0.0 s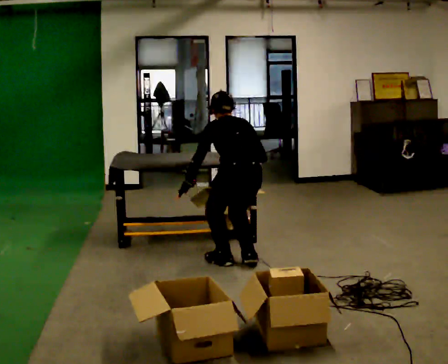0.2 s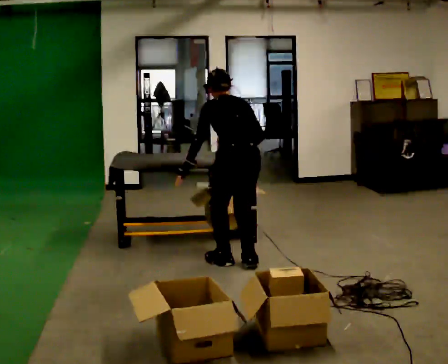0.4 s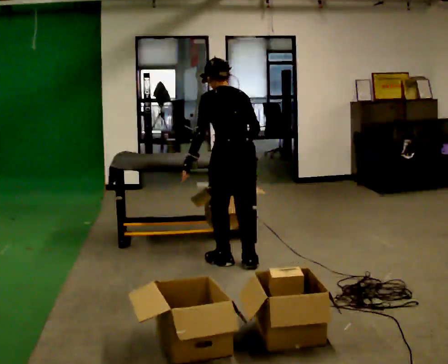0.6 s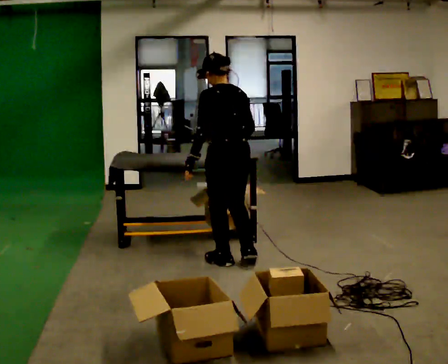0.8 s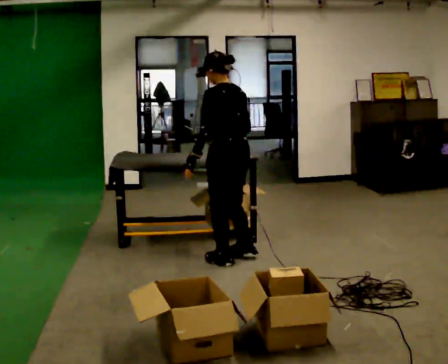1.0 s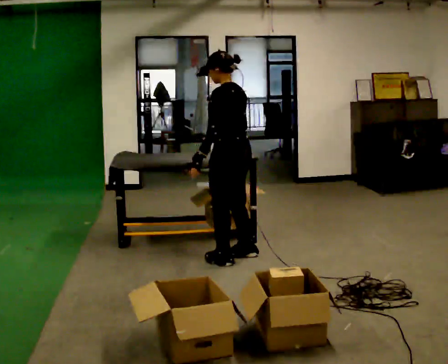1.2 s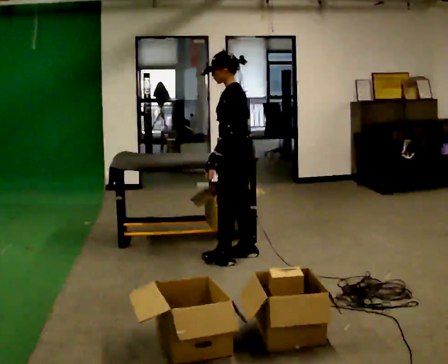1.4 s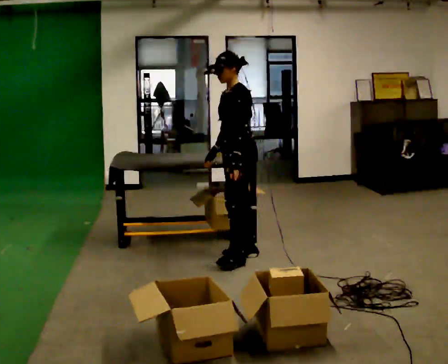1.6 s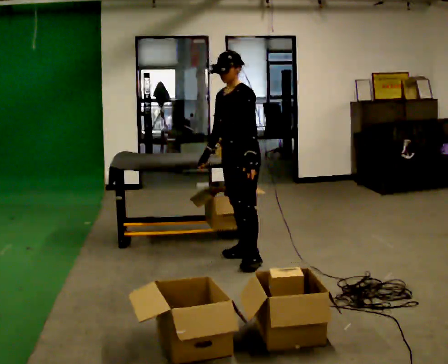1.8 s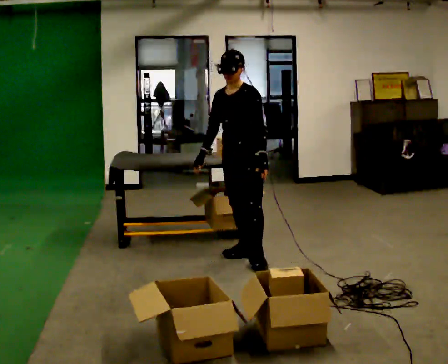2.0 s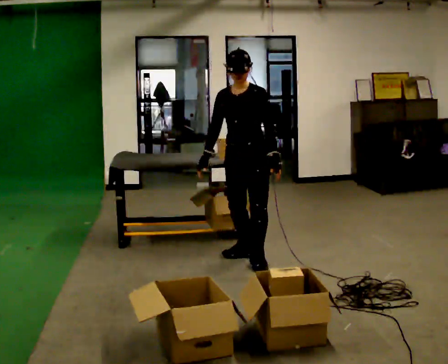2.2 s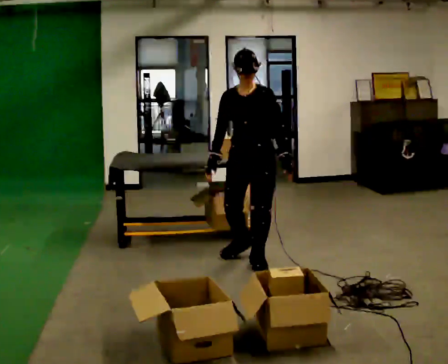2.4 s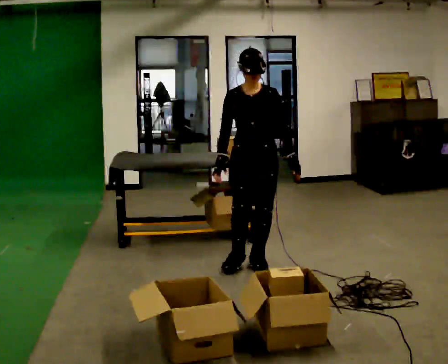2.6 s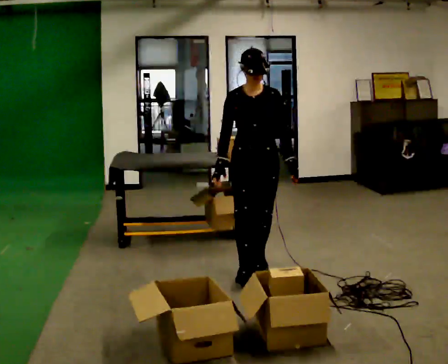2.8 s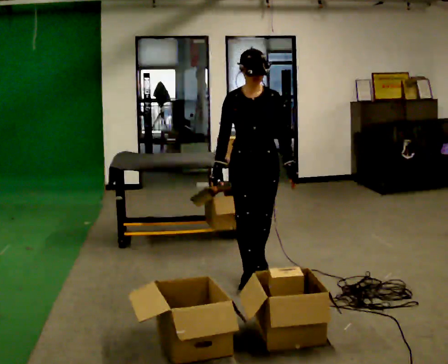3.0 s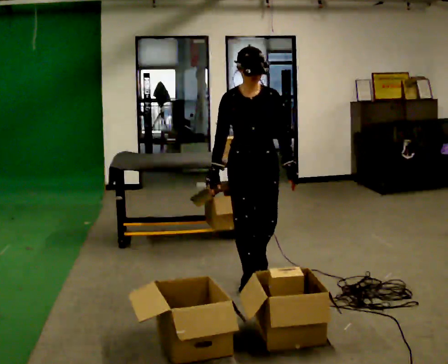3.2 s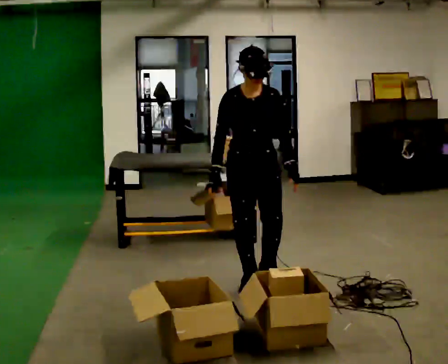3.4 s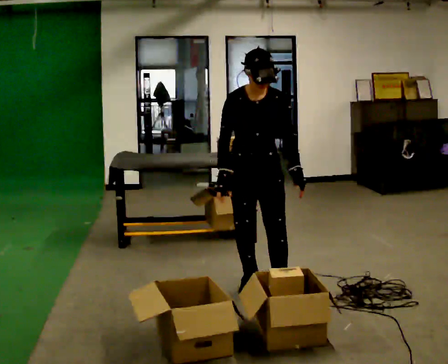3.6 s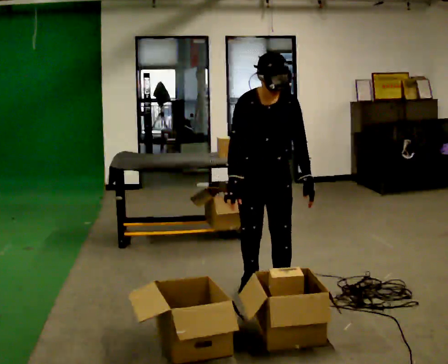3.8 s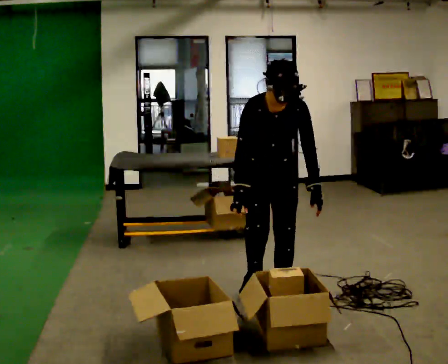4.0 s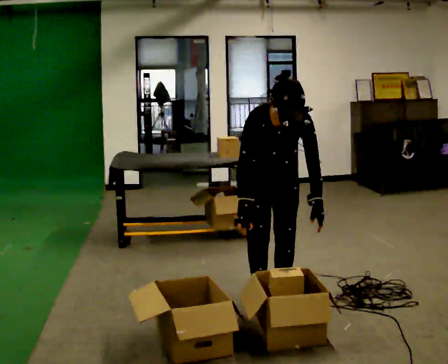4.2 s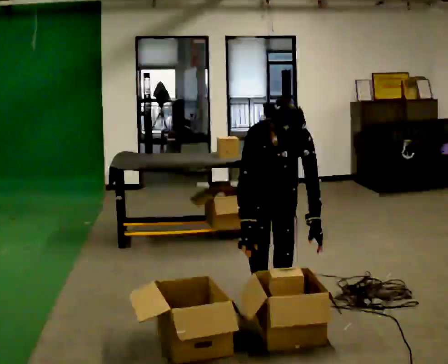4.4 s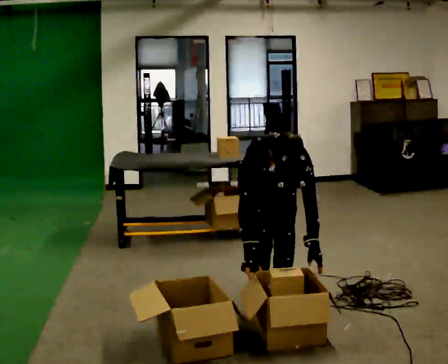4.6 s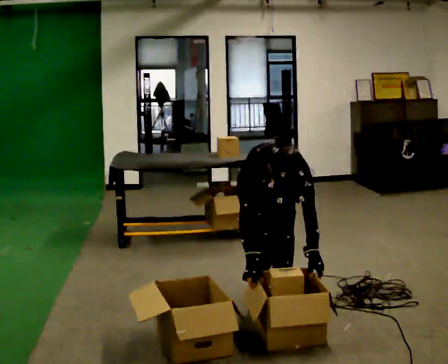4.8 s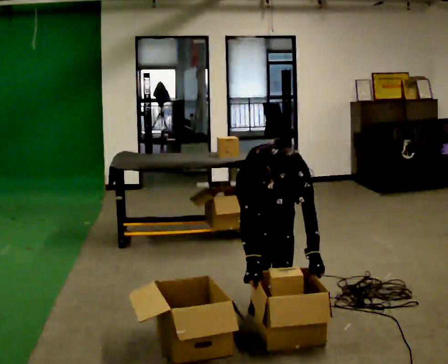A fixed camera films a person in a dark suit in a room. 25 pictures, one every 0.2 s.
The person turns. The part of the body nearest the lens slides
to the right.
The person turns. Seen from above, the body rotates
counterclockwise.
0.0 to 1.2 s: The part of the body nearest the lens slides to the right as the person turns to their left by about 60 degrees. In the picture they go away from the camera, about 0.25 m in 1 step, which for them is forward. The upper body goes upward. The upper body tips toward the camera, its near side rolling downward, as they lean back or straighten.
1.2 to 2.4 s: The person turns about 90 degrees to their left, counterclockwise seen from above, so the part of the body nearest the lens slides to the right. In the picture they go toward the camera, about 0.25 m in 1 step.
2.4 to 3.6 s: In the picture they go toward the camera, about 0.5 m in 2 steps, which for them is forward. The upper body tips toward the camera, its near side rolling downward, as they bend forward.
3.6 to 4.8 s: The upper body goes downward. The upper body tips toward the camera, its near side rolling downward, as they bend forward. In the picture their right hand goes downward.
The film runs forward here.
